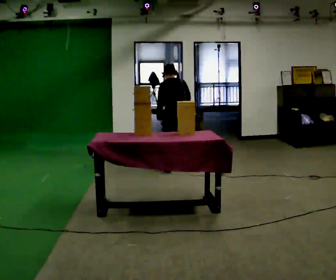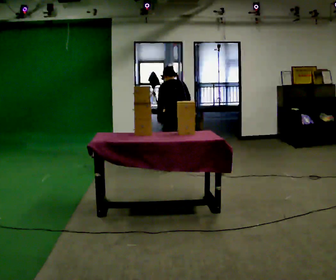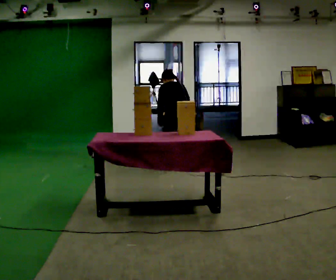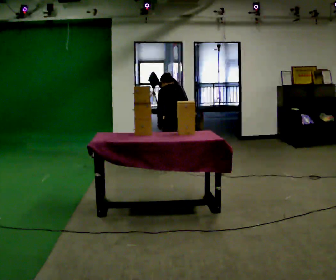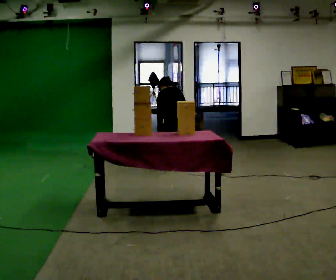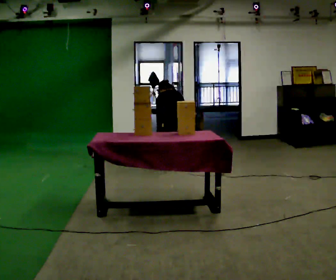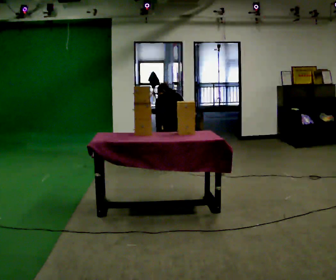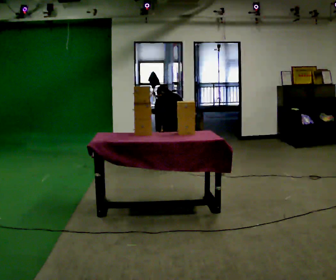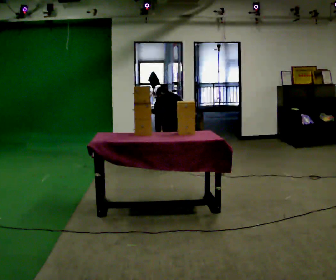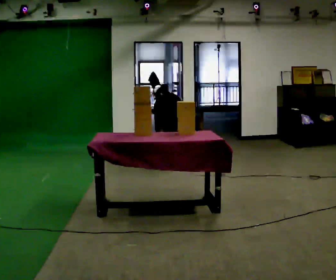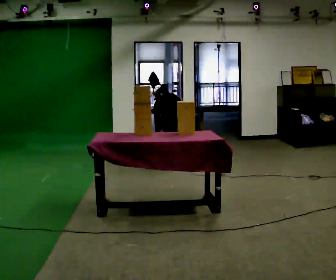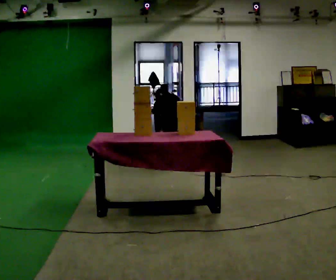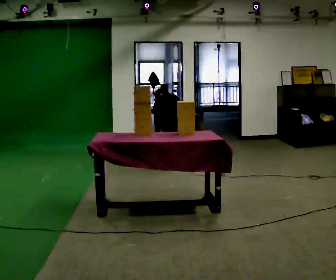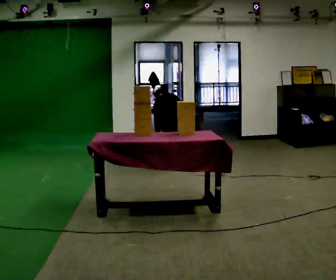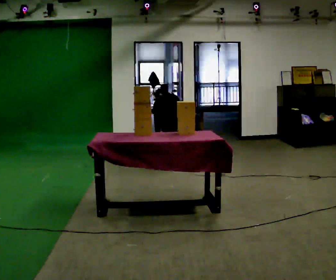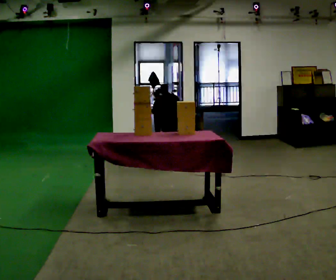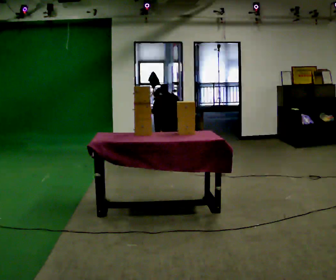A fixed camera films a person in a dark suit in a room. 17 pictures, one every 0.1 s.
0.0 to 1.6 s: The shoulders move downward. The upper body tips away from the camera, its near side rolling upward, as they bend forward. In the picture their left hand goes downward.
The film runs forward here.
